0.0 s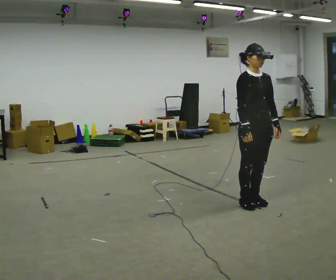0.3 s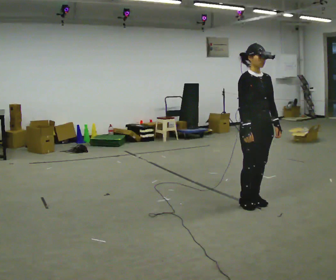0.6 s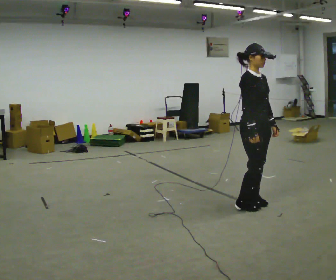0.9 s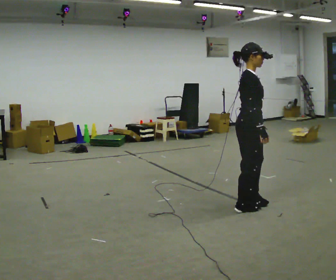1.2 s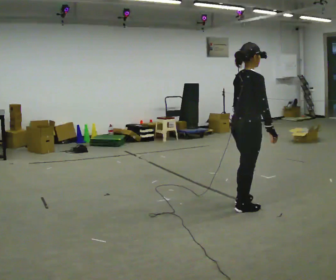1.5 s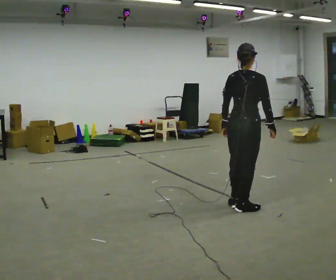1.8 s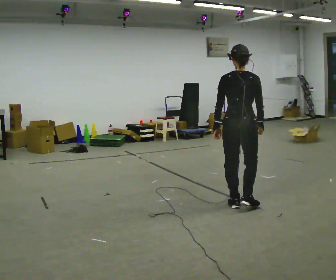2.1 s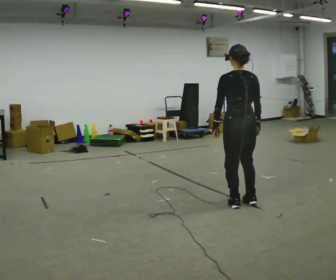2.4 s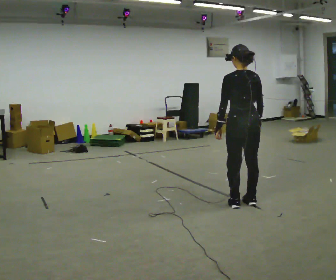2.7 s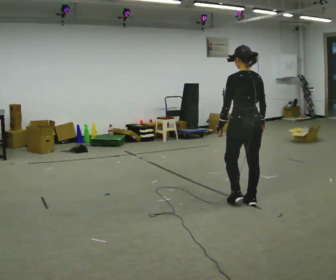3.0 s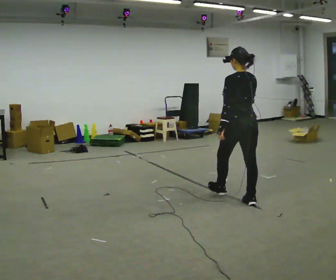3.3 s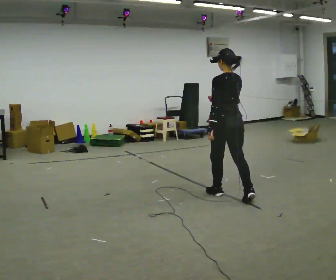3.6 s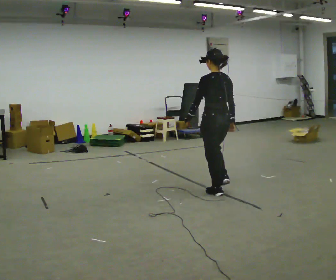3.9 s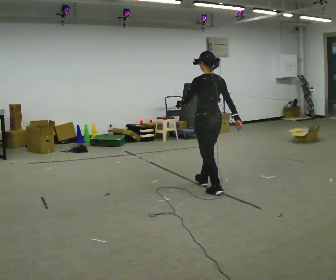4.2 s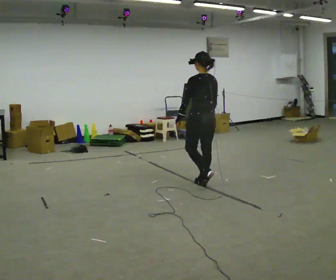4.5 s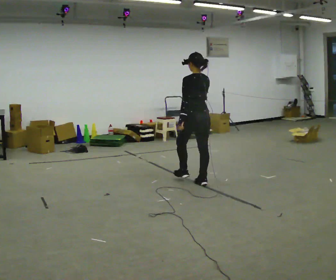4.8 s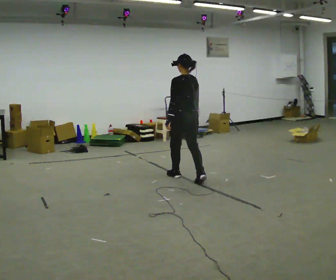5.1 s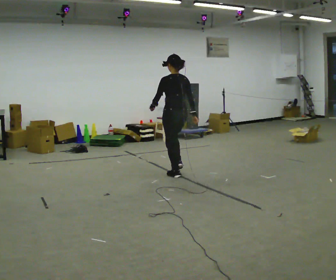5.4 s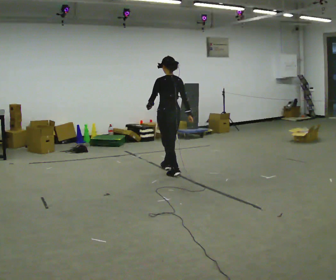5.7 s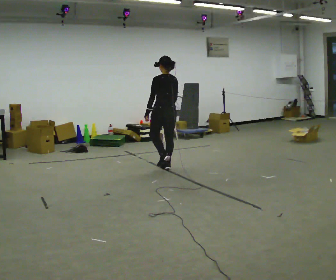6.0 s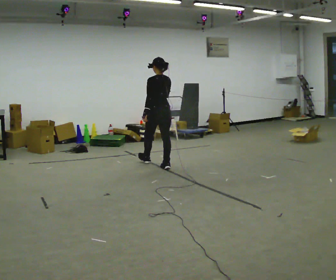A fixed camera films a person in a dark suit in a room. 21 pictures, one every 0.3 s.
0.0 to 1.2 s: Seen from above the body turns counterclockwise, about 90 degrees: to their left, with its near side sliding to the right. In the picture their left hand goes to the left.
1.2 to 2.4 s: The person turns about 75 degrees to their left, counterclockwise seen from above, so the part of the body nearest the lens slides to the right. In the picture they go away from the camera, about 0.25 m in 2 steps.
2.4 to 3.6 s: In the picture they go away from the camera and to the left, about 0.5 m in 1 step, which for them is forward.
3.6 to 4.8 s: In the picture they go away from the camera and to the left, about 0.5 m in 2 steps, which for them is forward.
4.8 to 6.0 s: In the picture they go away from the camera and to the left, about 1 m in 1 step, which for them is forward.
The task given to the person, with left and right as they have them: Walk forward noticeably slower than normal; do not shuffle; stop.
The film runs forward here.
